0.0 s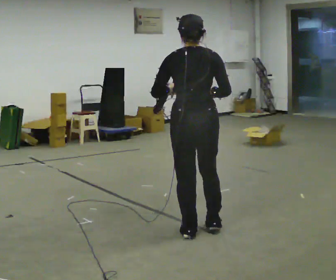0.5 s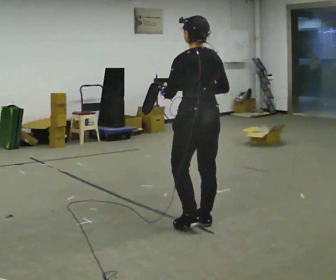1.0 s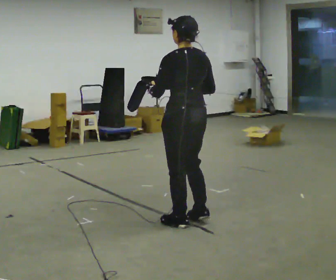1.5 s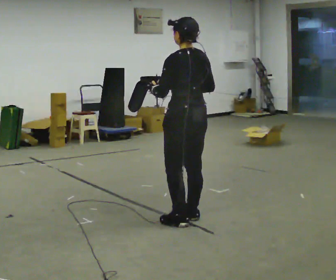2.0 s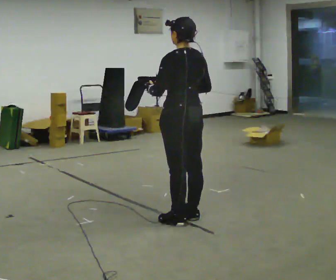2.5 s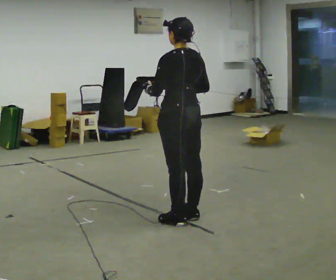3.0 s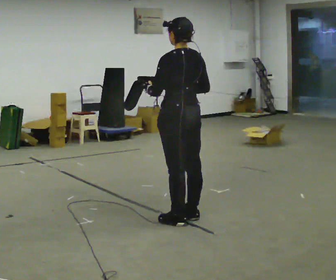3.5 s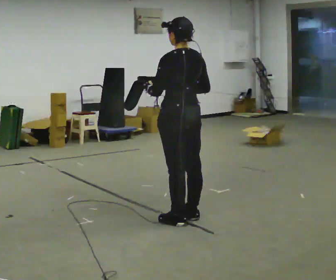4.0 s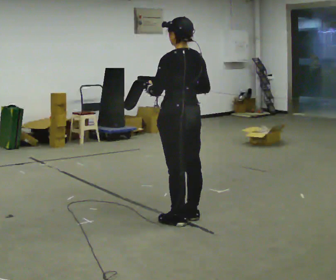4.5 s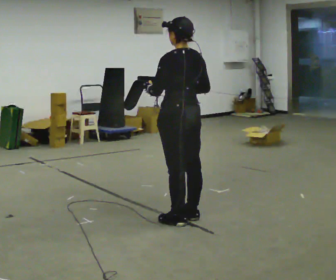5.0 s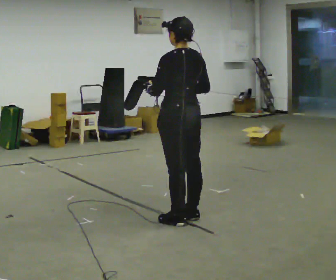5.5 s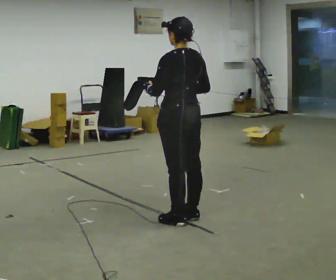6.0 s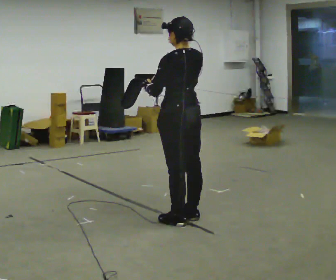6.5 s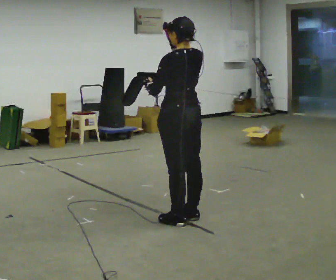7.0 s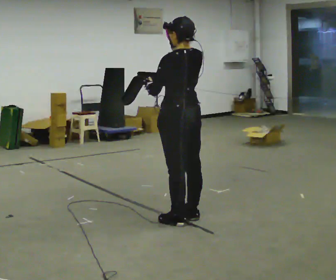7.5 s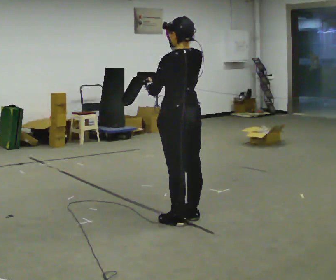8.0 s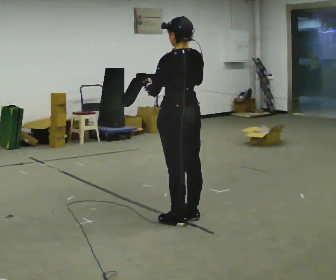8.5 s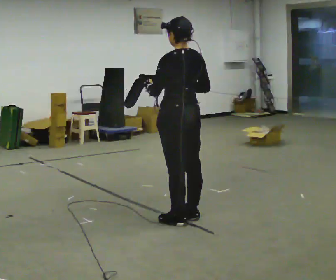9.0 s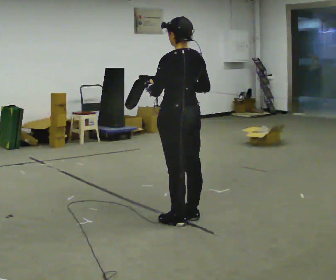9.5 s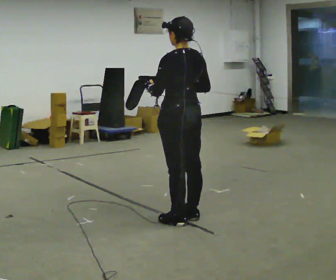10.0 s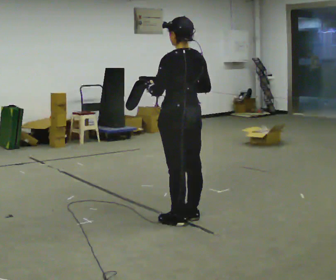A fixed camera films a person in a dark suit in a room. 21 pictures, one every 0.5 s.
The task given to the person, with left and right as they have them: Carry the open container and, while walking, reach in with one hand and take an item out, then put it back. Repeat as you walk. Do not stop.
0.0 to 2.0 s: The person turns about 30 degrees to their left, counterclockwise seen from above, so the part of the body nearest the lens slides to the right. In the picture they go away from the camera, about 0.25 m in 3 steps, which for them is forward.
2.0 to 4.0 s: The person keeps their place and pose.
4.0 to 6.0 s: In the picture their right hand goes upward.
6.0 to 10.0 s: In the picture their right hand goes downward.
The film runs forward here.
